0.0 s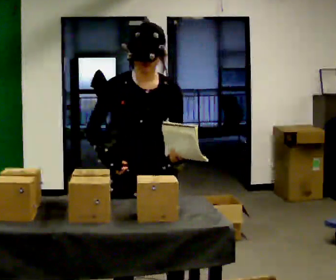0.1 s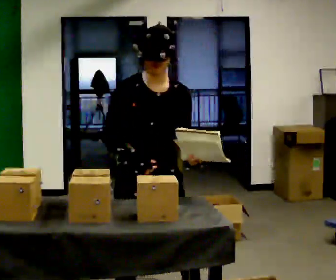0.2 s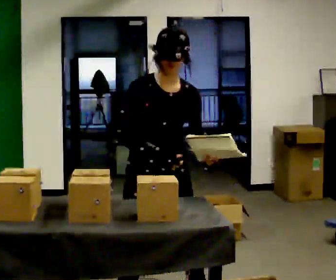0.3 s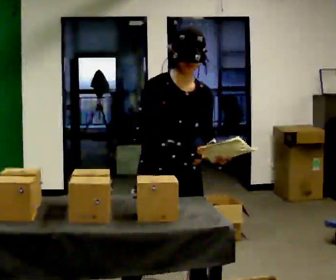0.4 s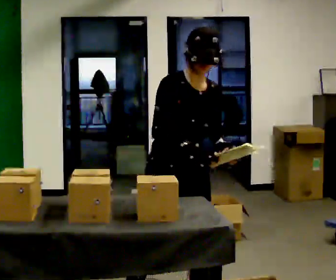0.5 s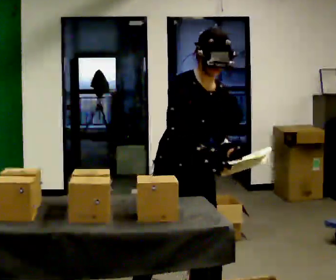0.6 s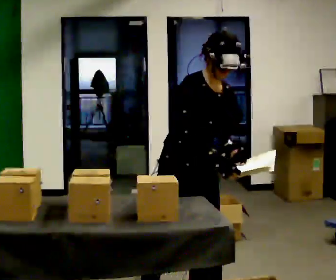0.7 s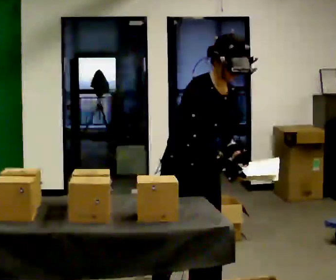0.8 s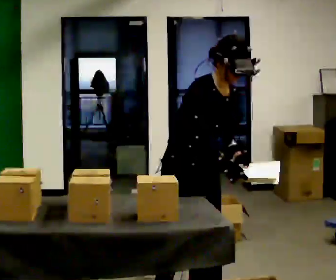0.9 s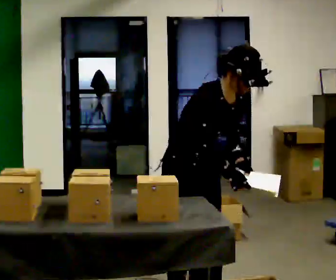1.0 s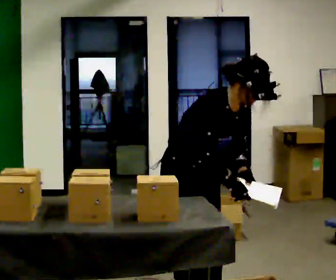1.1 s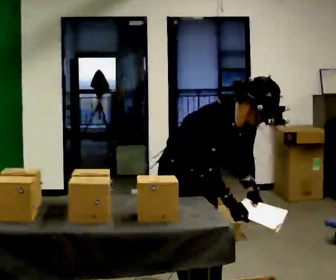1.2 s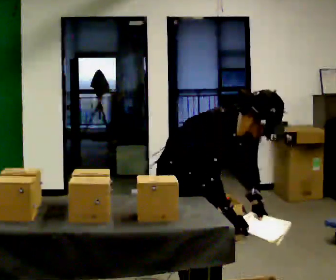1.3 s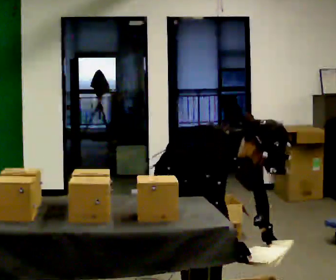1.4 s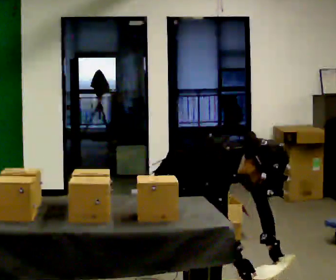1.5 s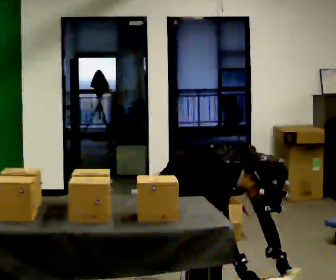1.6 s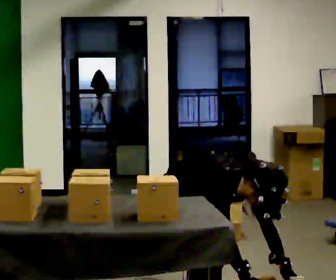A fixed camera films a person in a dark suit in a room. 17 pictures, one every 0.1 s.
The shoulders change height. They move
downward.
The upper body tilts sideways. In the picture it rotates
clockwise.
0.0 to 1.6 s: The person turns about 30 degrees to their left, counterclockwise seen from above, so the part of the body nearest the lens slides to the right. In the picture they go to the right and away from the camera, about 0.25 m in 1 step, which for them is to their left. The upper body goes downward. In the picture the upper body tilts clockwise, shoulders to the right, as they bend forward. In the picture their right hand goes downward.
The film runs backward here.
